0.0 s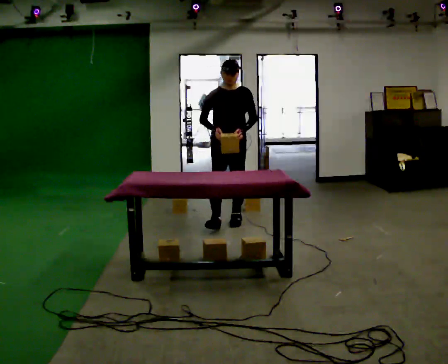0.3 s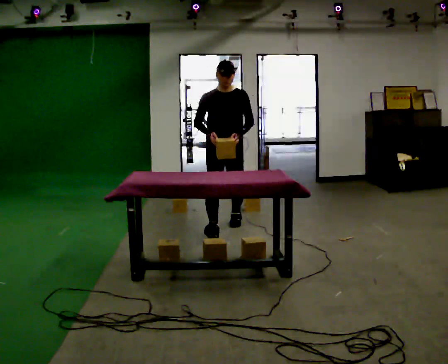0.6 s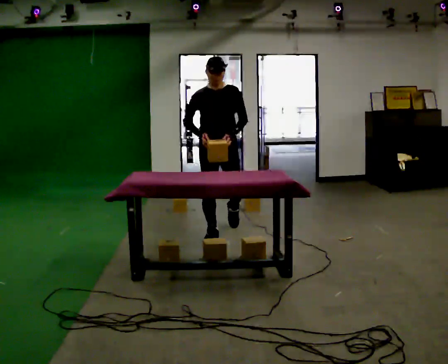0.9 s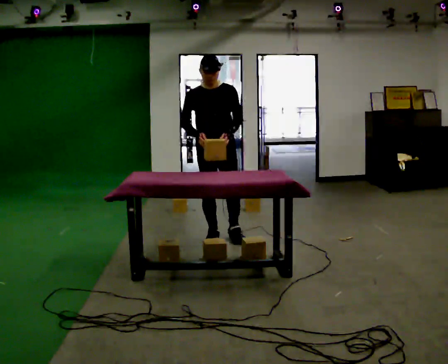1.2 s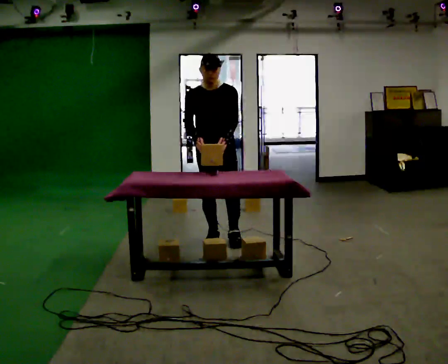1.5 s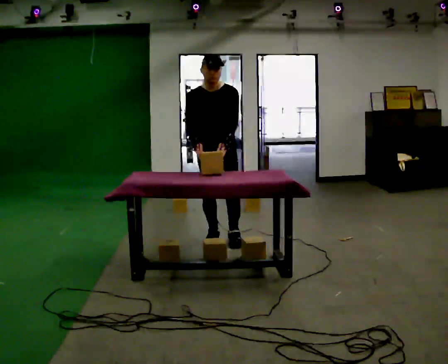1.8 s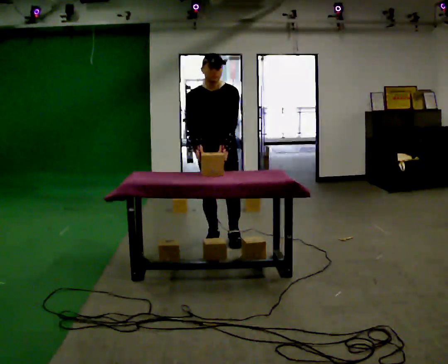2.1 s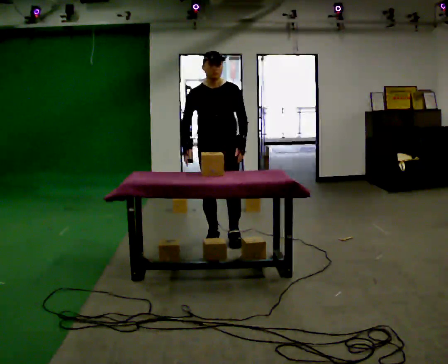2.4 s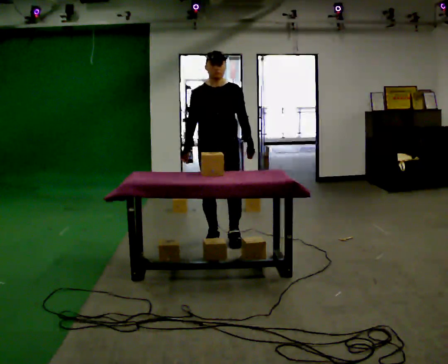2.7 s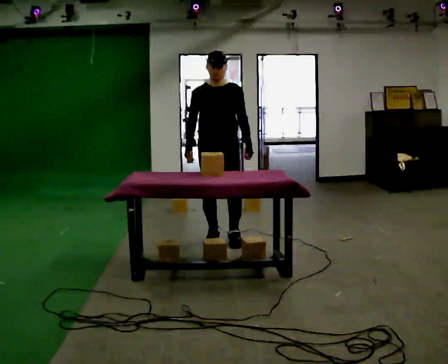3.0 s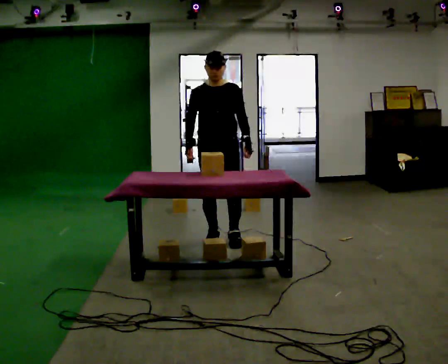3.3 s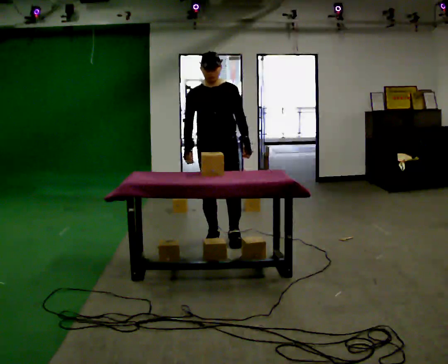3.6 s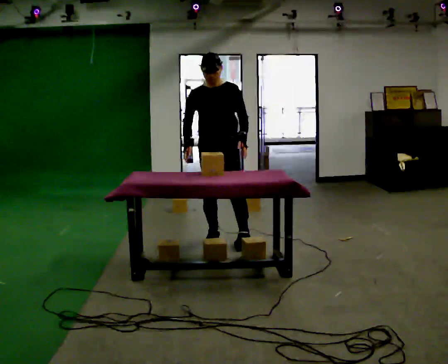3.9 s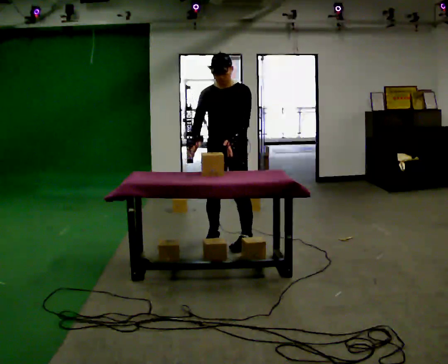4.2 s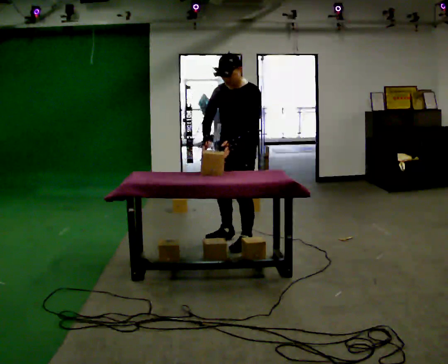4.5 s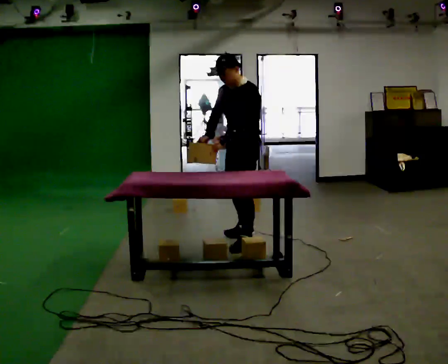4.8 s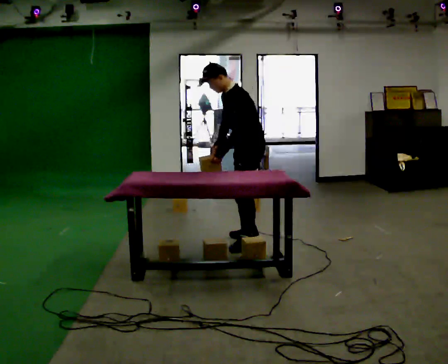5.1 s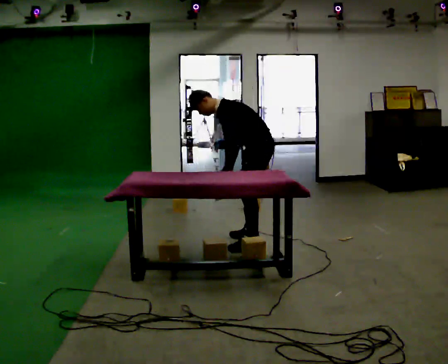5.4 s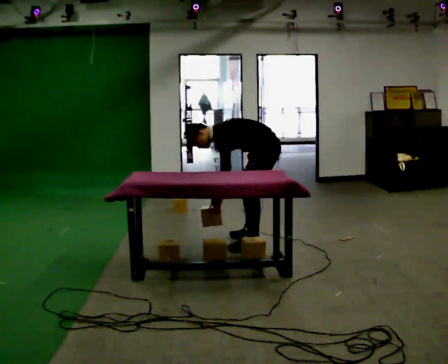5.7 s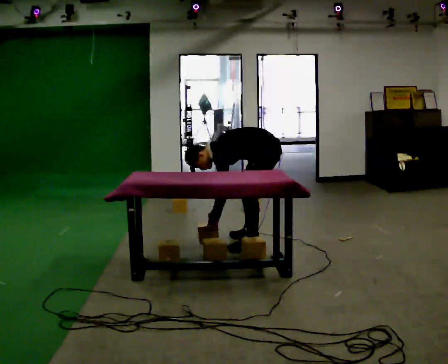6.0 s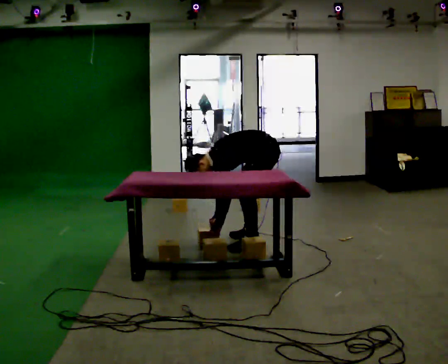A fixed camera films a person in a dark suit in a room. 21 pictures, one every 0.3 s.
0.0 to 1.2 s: In the picture they go toward the camera, about 0.5 m in 2 steps, which for them is forward. The upper body tips toward the camera, its near side rolling downward, as they bend forward.
1.2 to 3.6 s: The person moves a little, or ends about where they began.
3.6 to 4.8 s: The person turns about 75 degrees to their right, clockwise seen from above, so the part of the body nearest the lens slides to the left. In the picture they go to the right, about 0.25 m in 2 steps. In the picture the upper body tilts counterclockwise, shoulders to the left, as they bend forward.
4.8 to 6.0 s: The upper body goes downward. In the picture the upper body tilts counterclockwise, shoulders to the left, as they bend forward. In the picture their right hand goes downward.
The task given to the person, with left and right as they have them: Take the boxes off the top, get the one from the bottom, carry it away, then put the others back. Keep going until the operator says stop; one object at a time, and do not rush between trips.
The film runs forward here.
